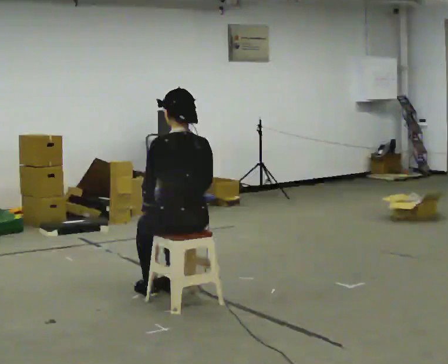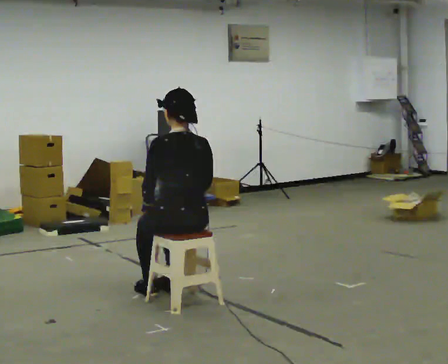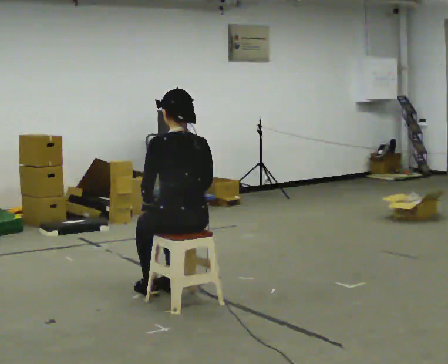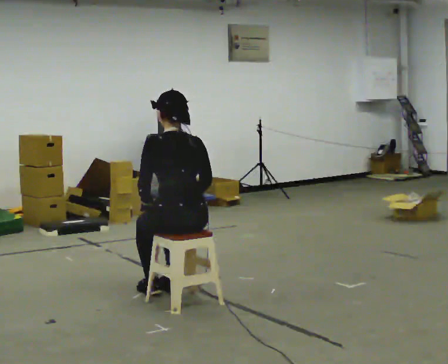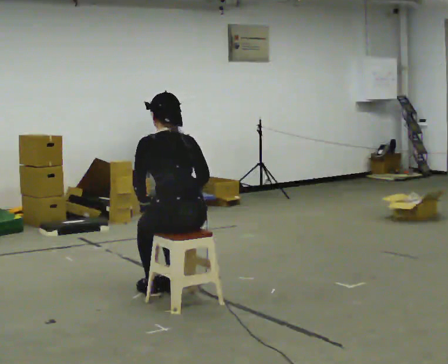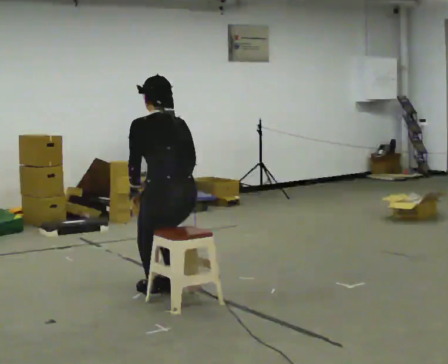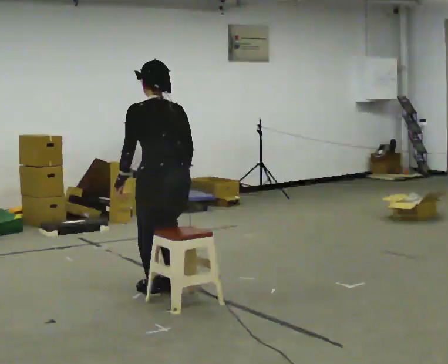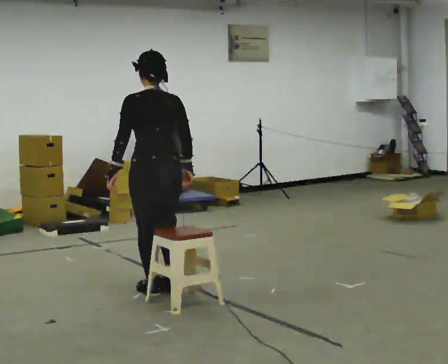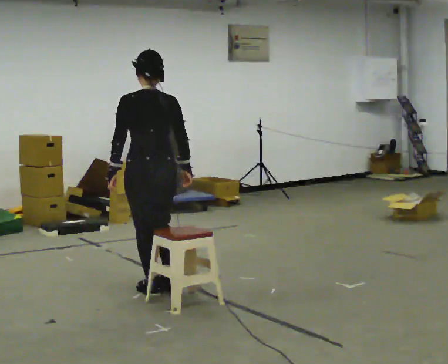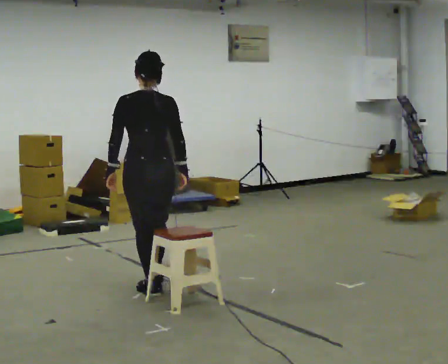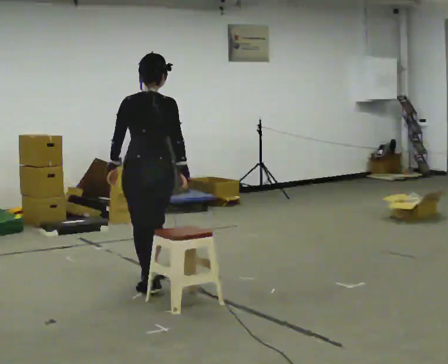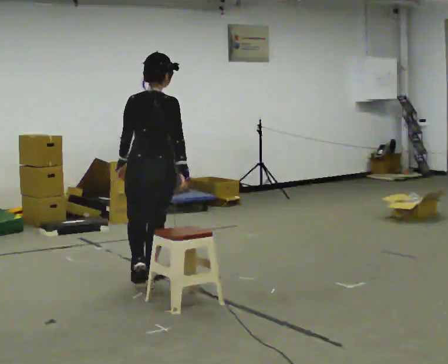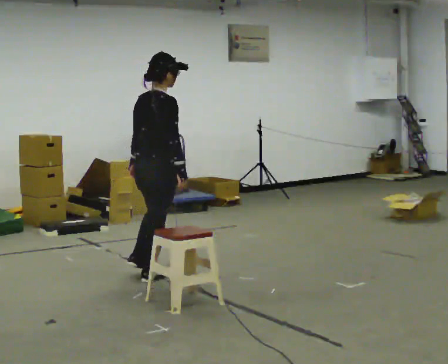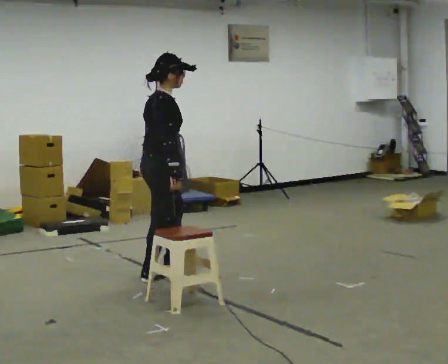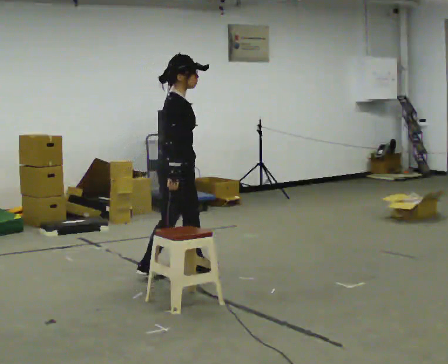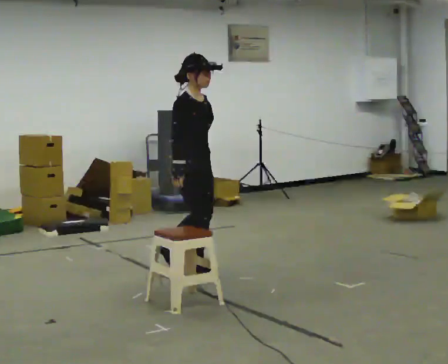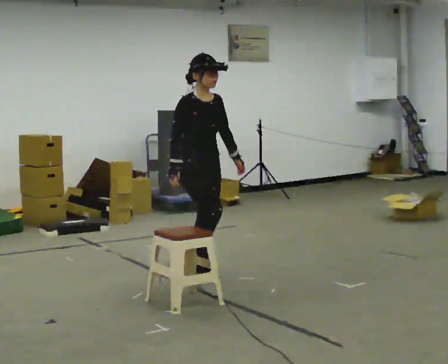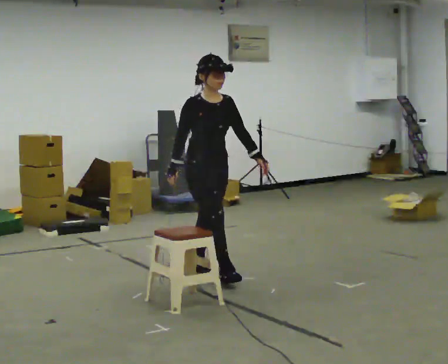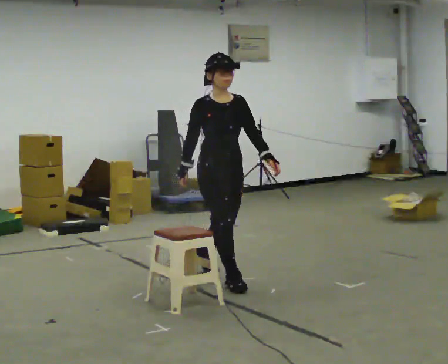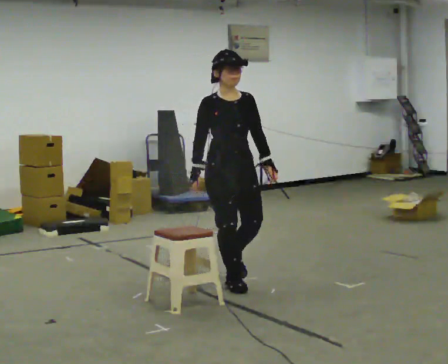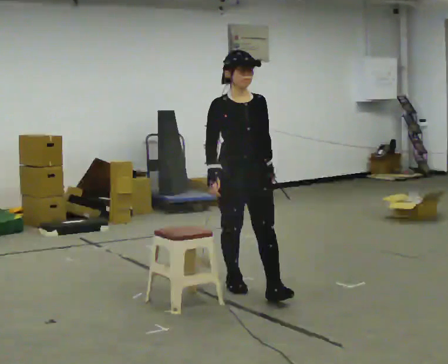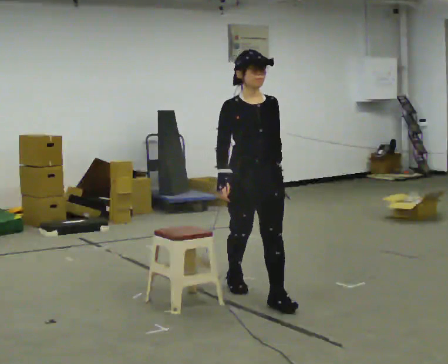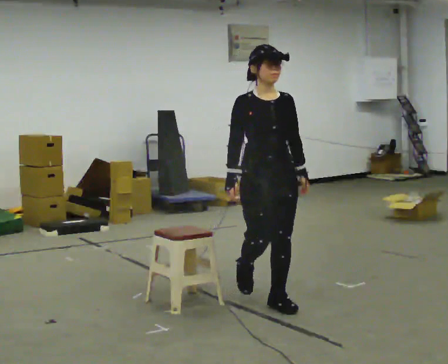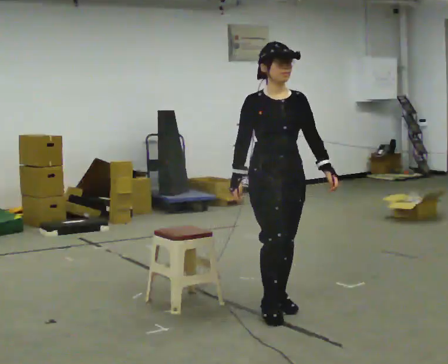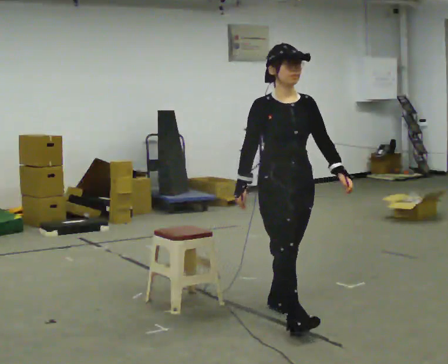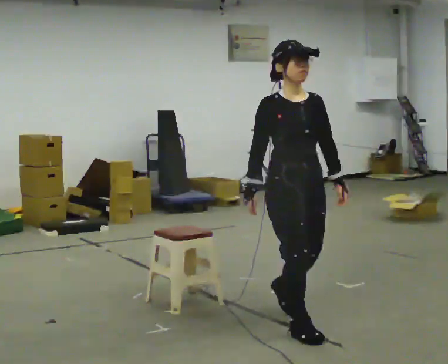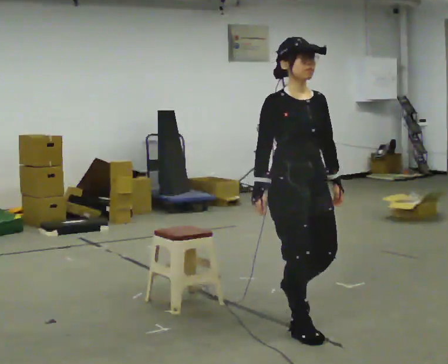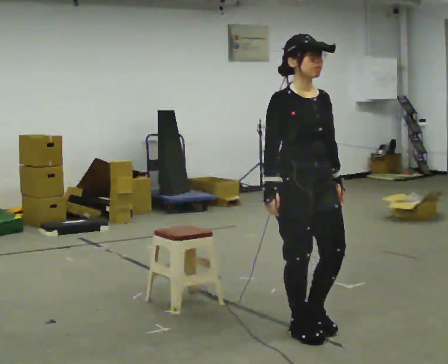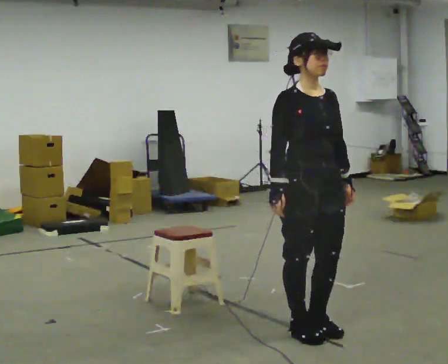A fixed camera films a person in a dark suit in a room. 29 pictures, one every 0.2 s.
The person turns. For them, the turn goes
to their right.
The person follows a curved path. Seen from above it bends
clockwise.
0.0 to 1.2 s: In the picture they go away from the camera, about 0.25 m, which for them is forward. The upper body goes upward.
1.2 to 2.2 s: The part of the body nearest the lens slides to the left as the person turns to their right by about 45 degrees. In the picture they go away from the camera, about 0.25 m in 1 step, which for them is forward.
2.2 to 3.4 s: The person turns about 135 degrees to their right, clockwise seen from above, so the part of the body nearest the lens slides to the left. In the picture they go to the right and away from the camera, about 0.5 m in 1 step.
3.4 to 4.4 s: In the picture they go toward the camera and to the right, about 1 m in 2 steps, which for them is forward.
4.4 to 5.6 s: In the picture they go toward the camera, about 0.75 m in 2 steps, which for them is forward.
The film runs forward here.
